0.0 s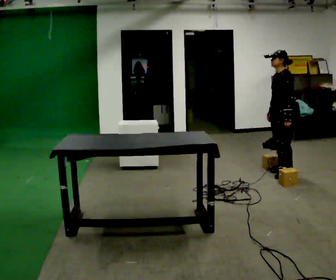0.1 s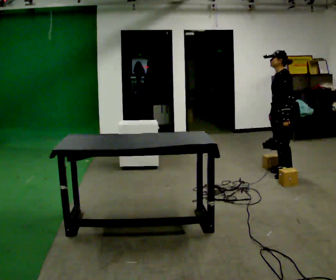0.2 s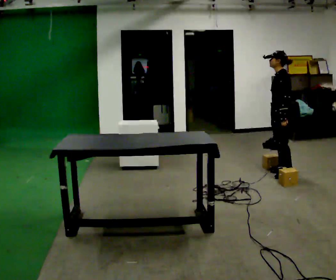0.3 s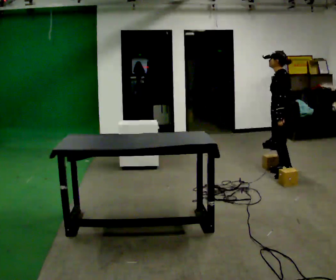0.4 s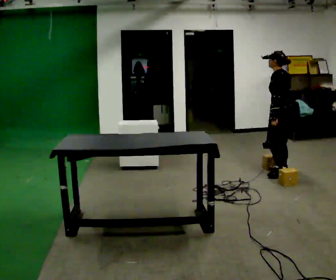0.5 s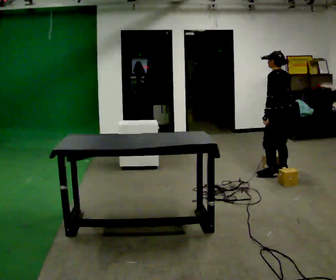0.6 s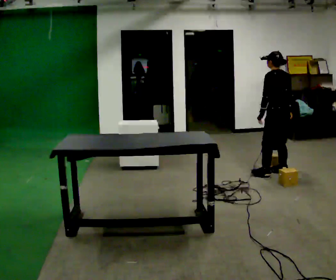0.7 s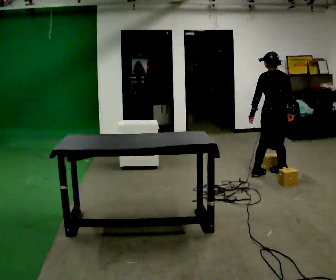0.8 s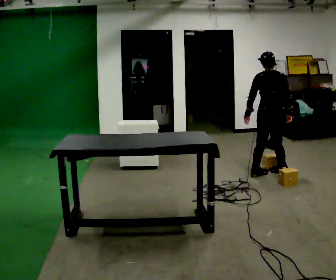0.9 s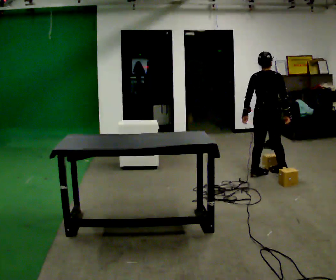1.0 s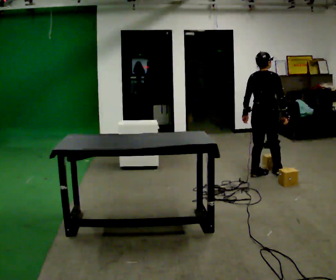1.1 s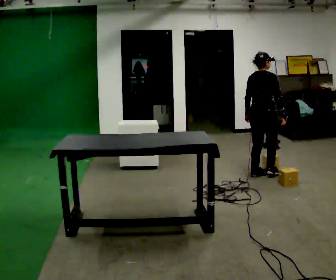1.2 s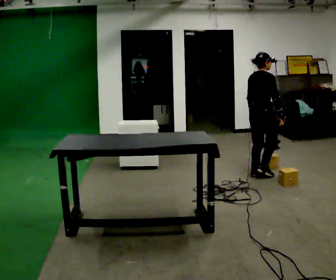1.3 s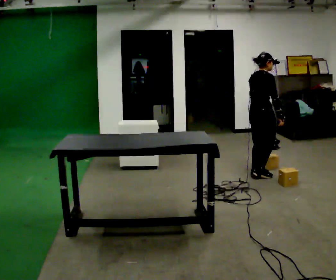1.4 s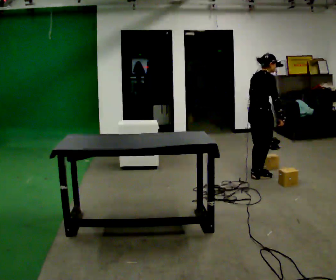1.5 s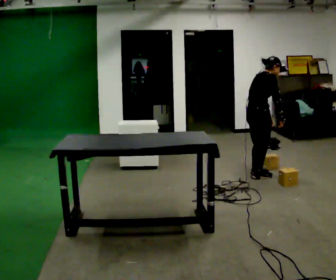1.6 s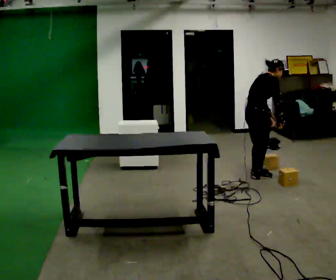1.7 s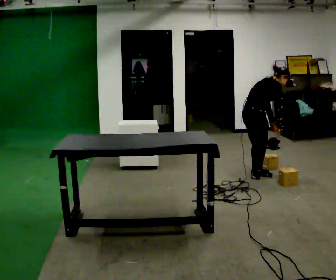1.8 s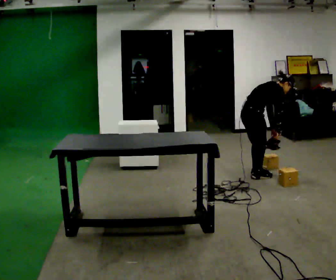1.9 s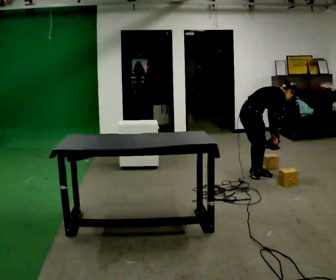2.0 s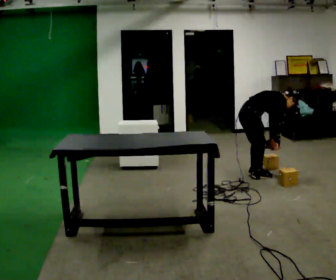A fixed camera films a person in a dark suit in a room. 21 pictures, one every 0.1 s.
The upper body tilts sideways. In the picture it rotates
clockwise.
The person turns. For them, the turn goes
to their right.
0.0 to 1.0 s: The person turns about 120 degrees to their right, clockwise seen from above, so the part of the body nearest the lens slides to the left. In the picture they go to the left, about 0.25 m in 2 steps. In the picture their left hand goes to the left, the arm swinging clockwise.
1.0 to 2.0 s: Seen from above the body turns clockwise, about 60 degrees: to their right, with its near side sliding to the left. In the picture they go to the left, about 0.25 m, which for them is backward. The upper body goes downward. In the picture the upper body tilts clockwise, shoulders to the right, as they bend forward. In the picture their left hand goes to the right.
The film runs backward here.
